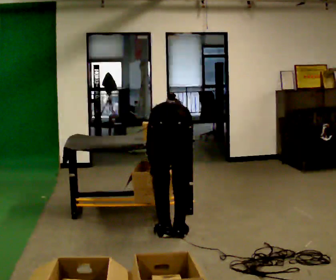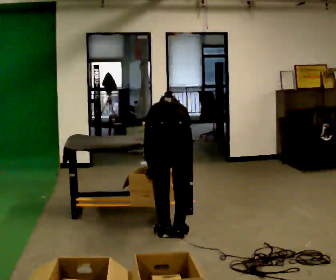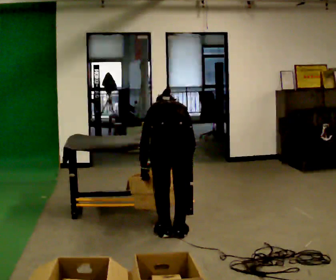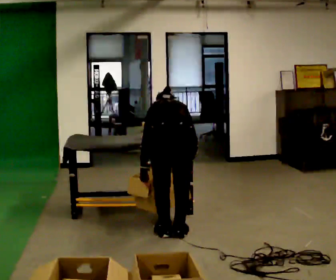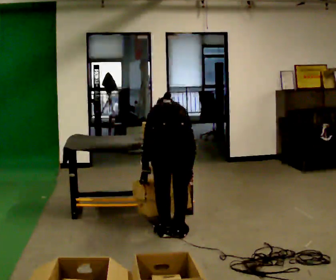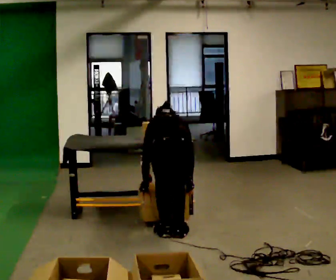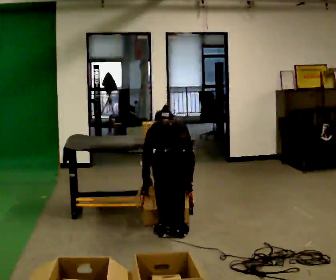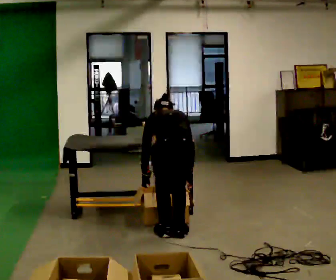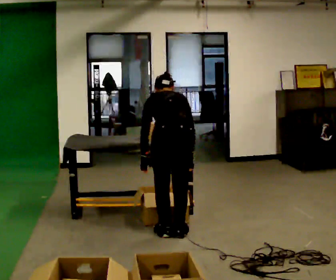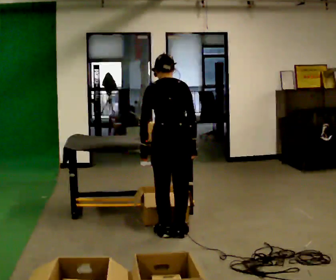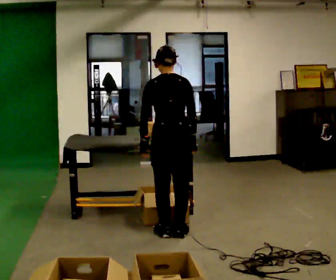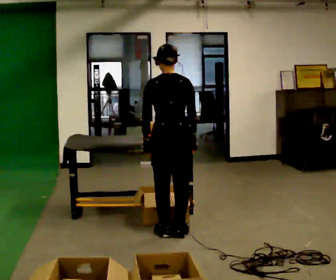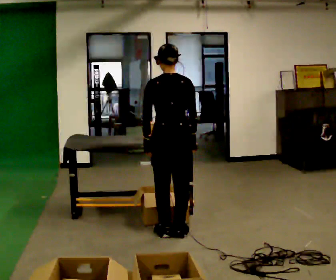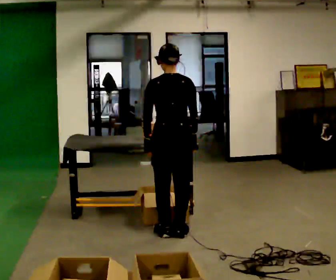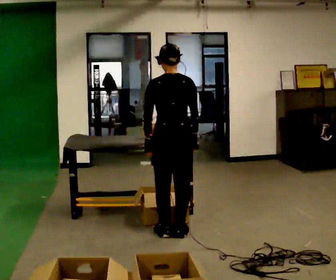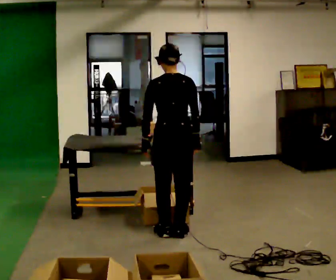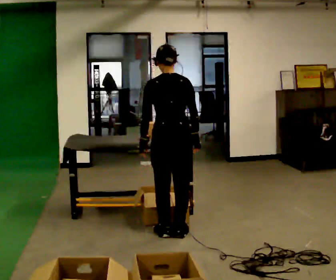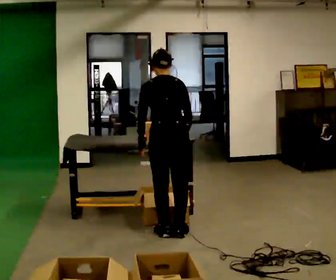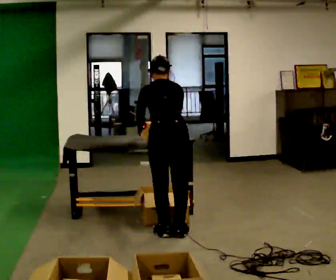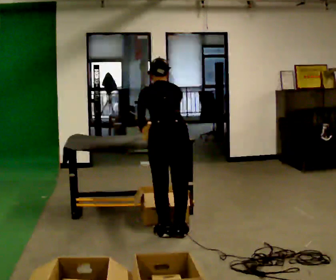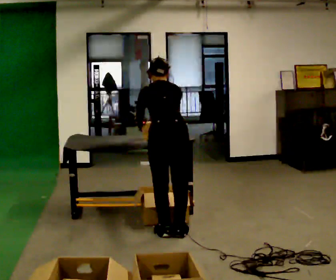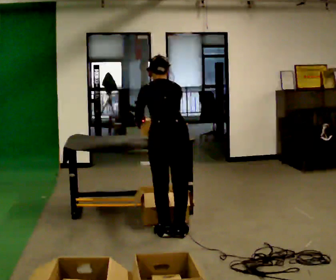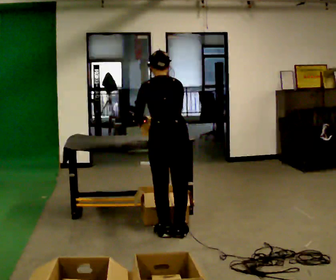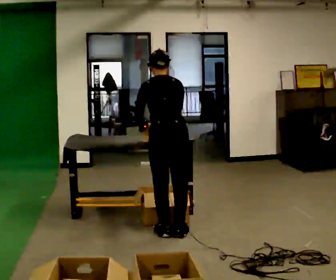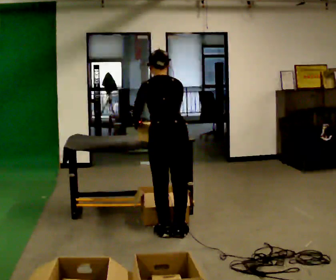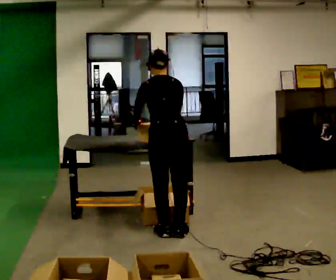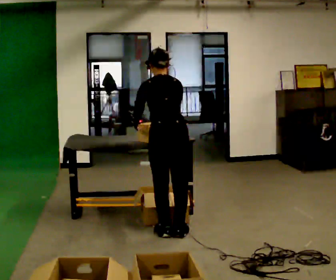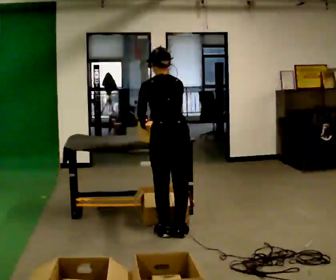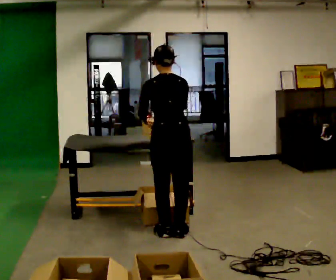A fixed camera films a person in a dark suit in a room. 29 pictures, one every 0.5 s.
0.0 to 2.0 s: In the picture the upper body tilts counterclockwise, shoulders to the left.
2.0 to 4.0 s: The upper body tips toward the camera, its near side rolling downward, as they lean back or straighten.
4.0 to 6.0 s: The shoulders move upward. The upper body tips toward the camera, its near side rolling downward, as they lean back or straighten.
6.0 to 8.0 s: The person moves a little, or ends about where they began.
8.0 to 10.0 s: The upper body tips away from the camera, its near side rolling upward, as they bend forward.
10.0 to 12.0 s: The upper body tips toward the camera, its near side rolling downward, as they lean back or straighten.
12.0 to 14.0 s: The person moves a little, or ends about where they began.
The film runs backward here.
